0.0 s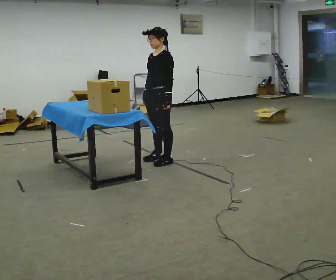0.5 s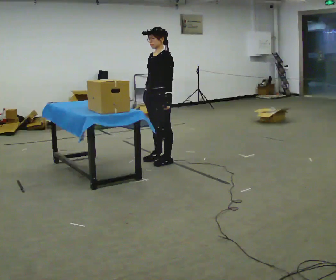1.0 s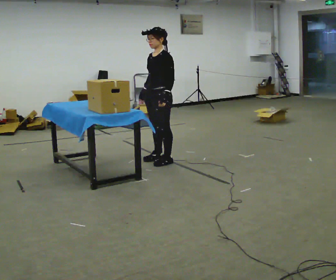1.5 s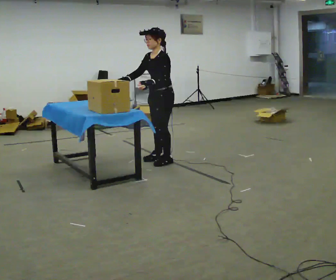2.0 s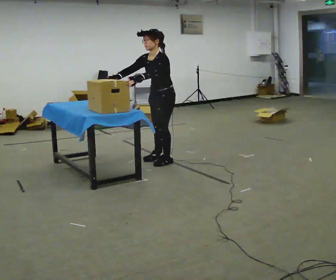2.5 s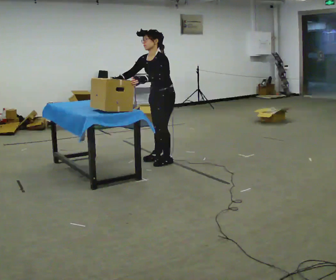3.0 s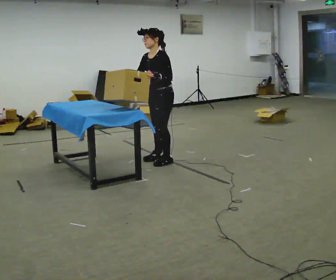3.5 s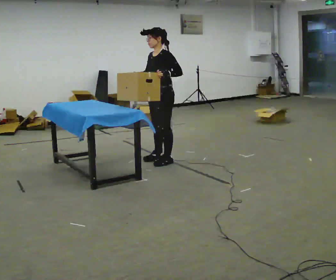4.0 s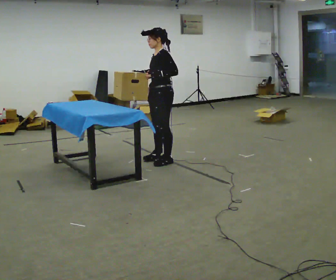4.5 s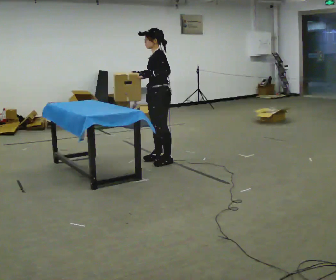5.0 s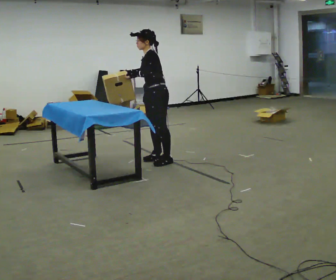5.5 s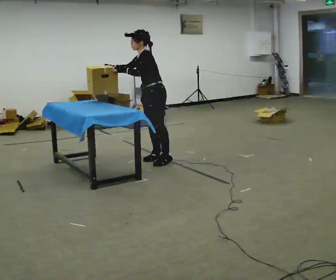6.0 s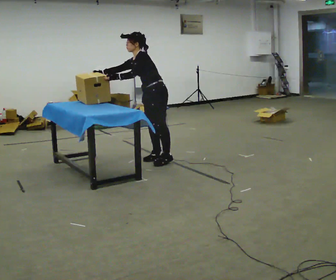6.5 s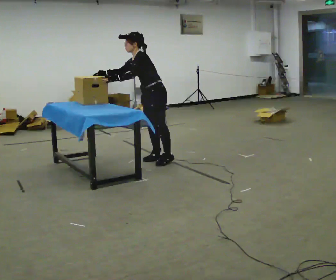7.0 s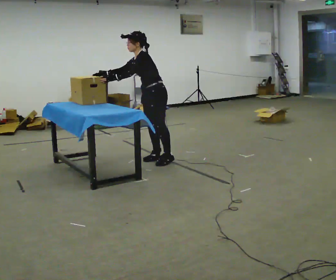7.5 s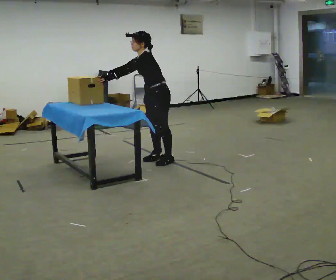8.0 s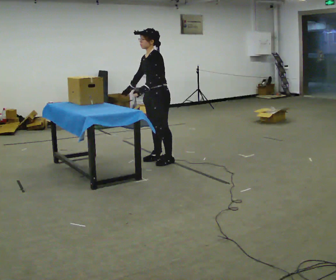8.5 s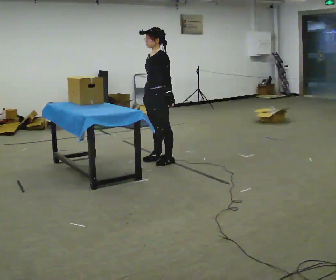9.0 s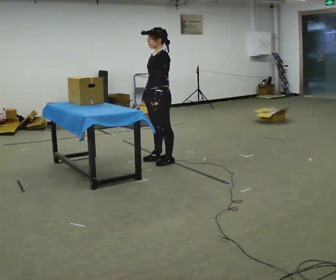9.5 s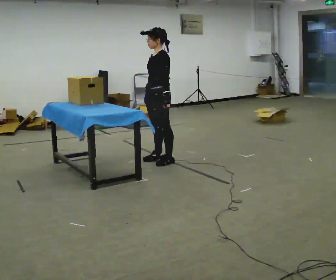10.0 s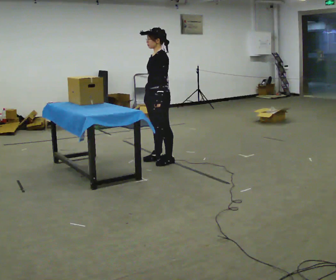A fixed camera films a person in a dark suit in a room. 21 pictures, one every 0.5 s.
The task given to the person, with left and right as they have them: Lift the heavy object with both hands and set it down again in a different spot on the same surface. Repeat at your own pace until the operator says stop. Keep both feet on the marked spots for the whole take. If you have to step, stop and tell the operator.
0.0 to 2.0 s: The upper body tips toward the camera, its near side rolling downward, as they bend forward. In the picture their right hand goes to the left, the arm swinging clockwise.
2.0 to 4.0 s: The upper body tips away from the camera, its near side rolling upward, as they lean back or straighten.
4.0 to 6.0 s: In the picture the upper body tilts counterclockwise, shoulders to the left, as they bend forward. In the picture their right hand goes to the left.
6.0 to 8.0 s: In the picture the upper body tilts clockwise, shoulders to the right, as they lean back or straighten. In the picture their right hand goes to the right.
8.0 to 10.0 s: The person moves a little, or ends about where they began.
The film runs forward here.
